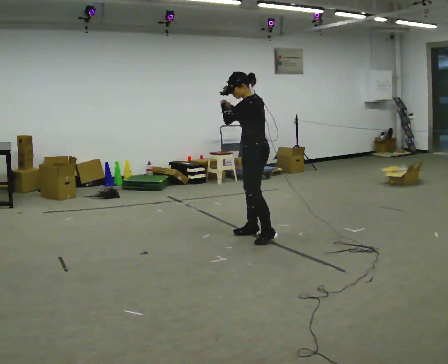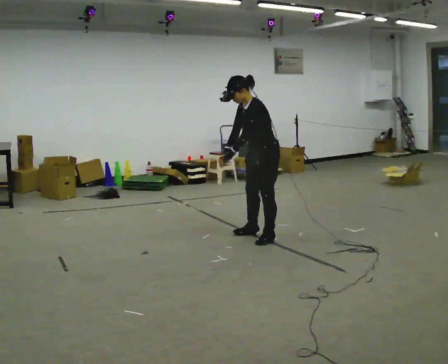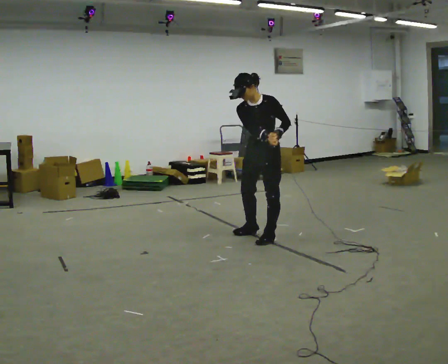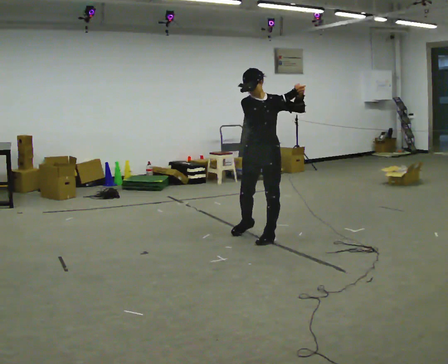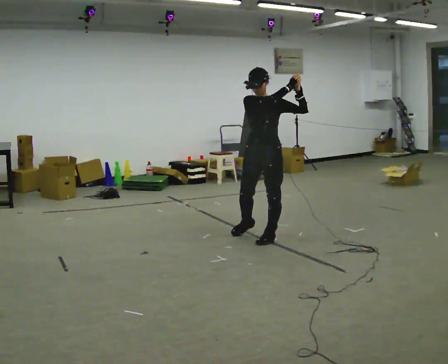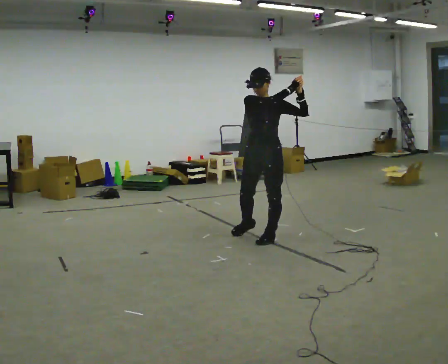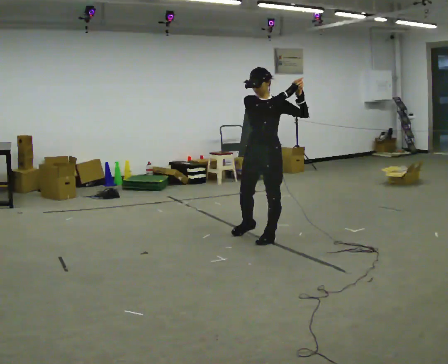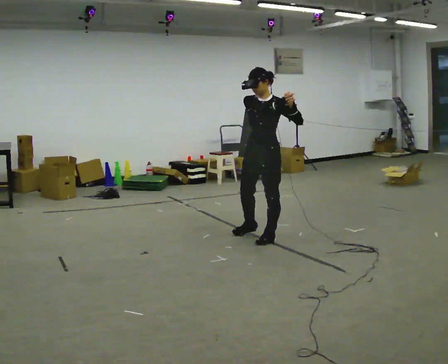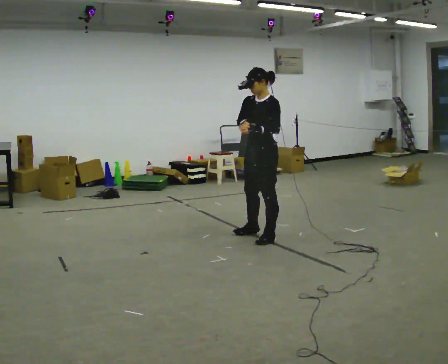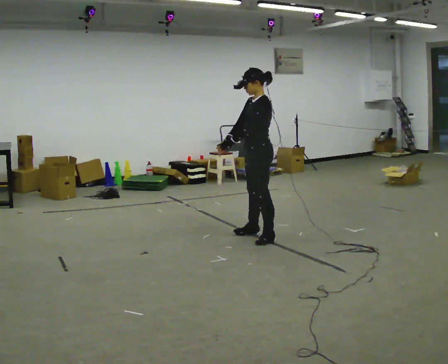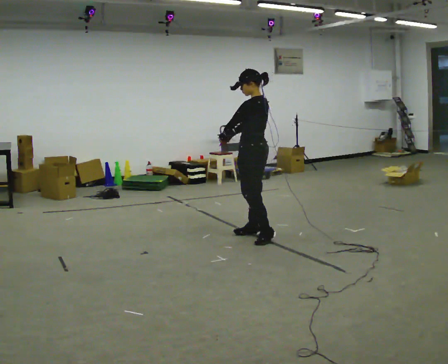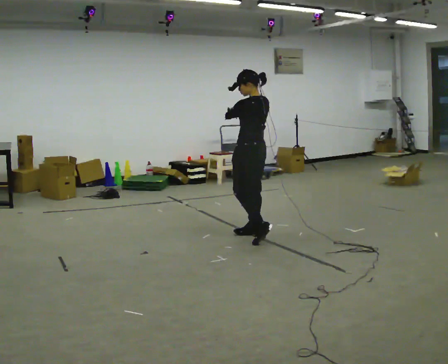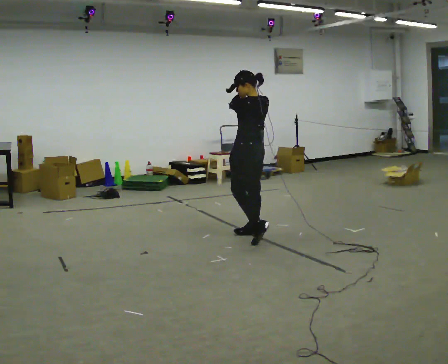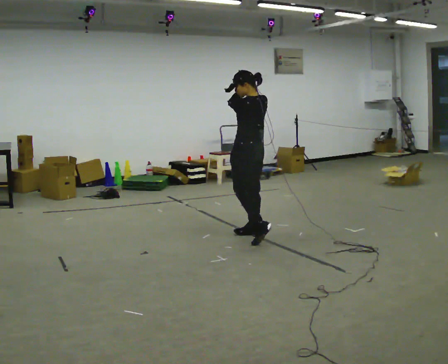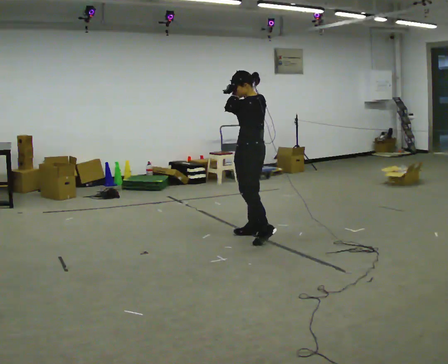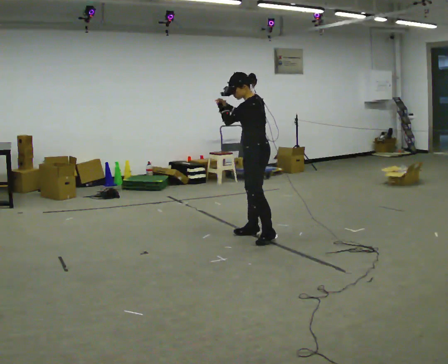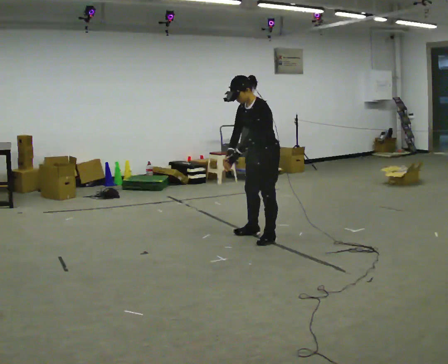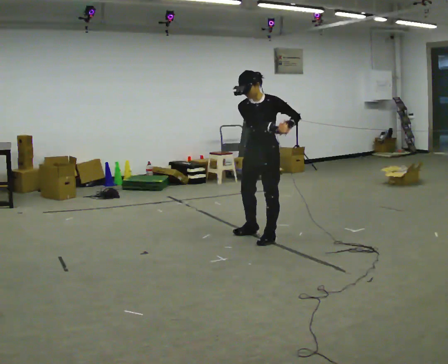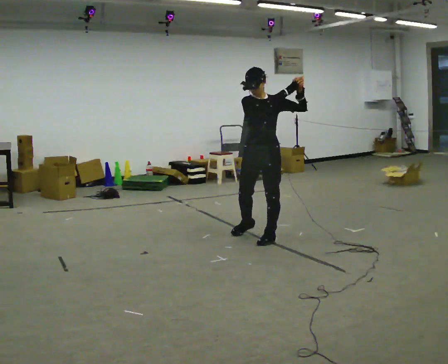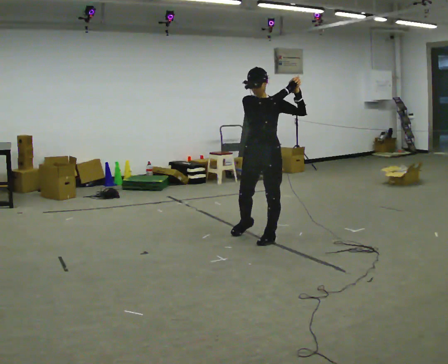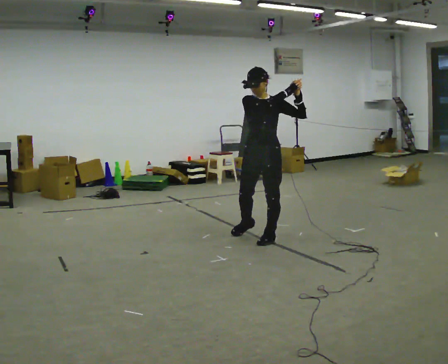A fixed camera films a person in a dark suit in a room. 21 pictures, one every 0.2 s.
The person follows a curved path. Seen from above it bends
counterclockwise.
0.0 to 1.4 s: The person turns about 60 degrees to their left, counterclockwise seen from above, so the part of the body nearest the lens slides to the right. In the picture their left hand goes to the right.
1.4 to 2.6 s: The person turns about 90 degrees to their right, clockwise seen from above, so the part of the body nearest the lens slides to the left. In the picture they go away from the camera, about 0.25 m. In the picture their left hand goes to the left.
2.6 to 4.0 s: Seen from above the body turns counterclockwise, about 105 degrees: to their left, with its near side sliding to the right. In the picture they go toward the camera, about 0.25 m.
The film runs forward here.
